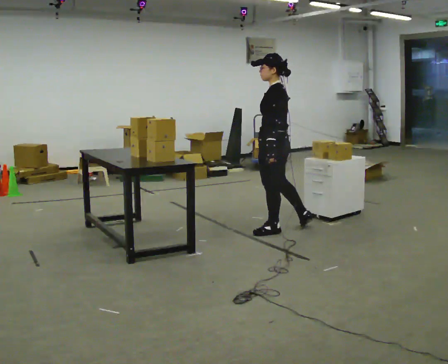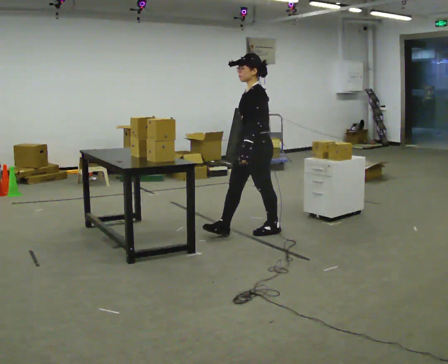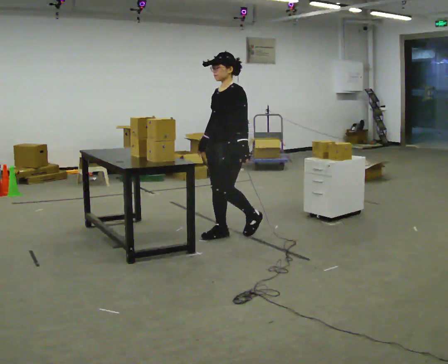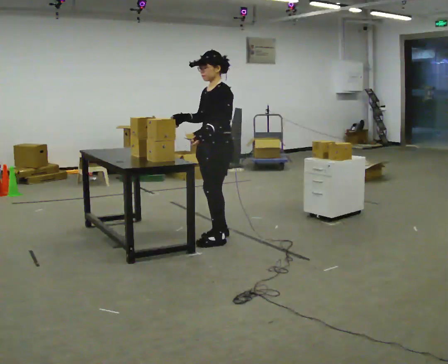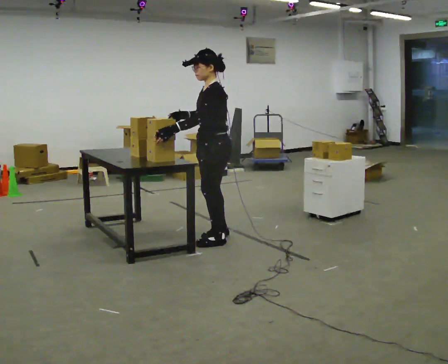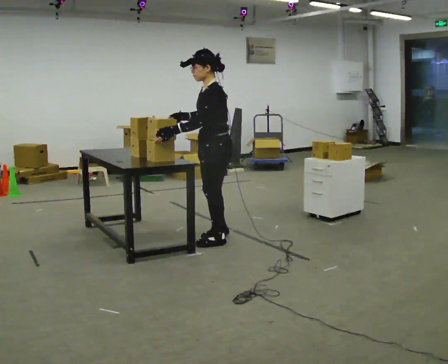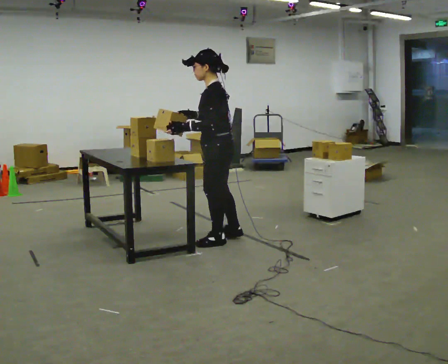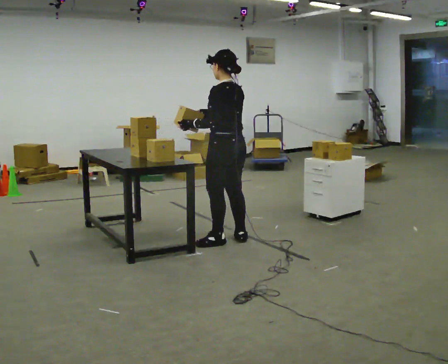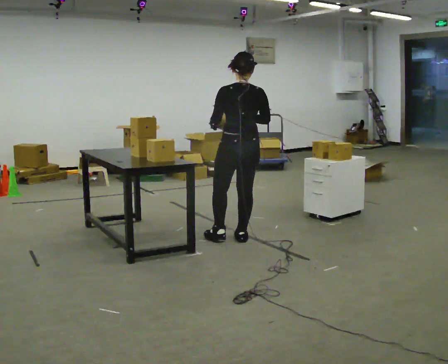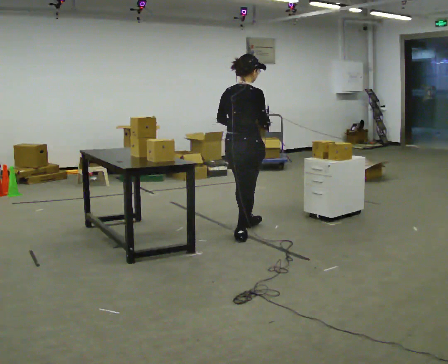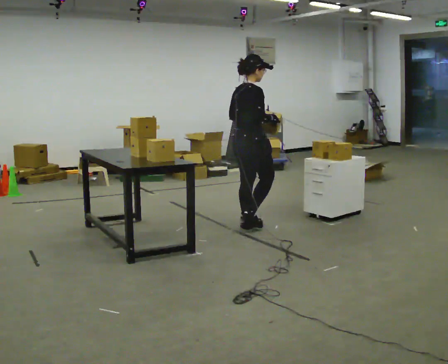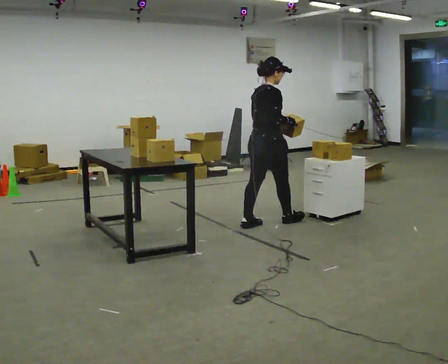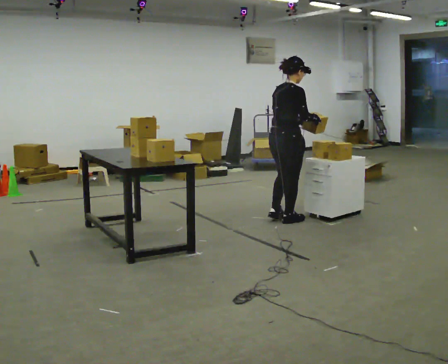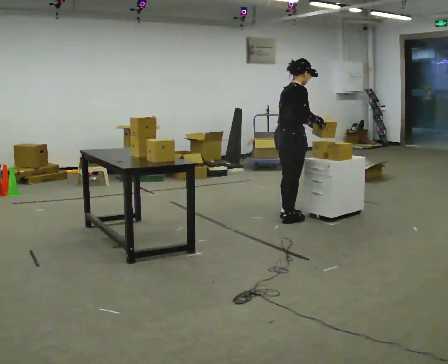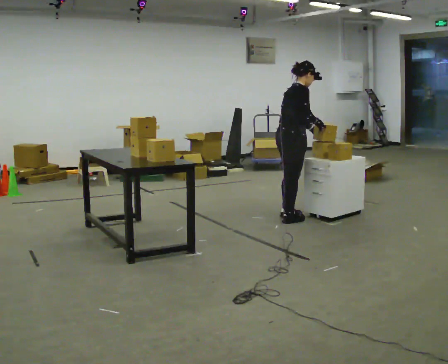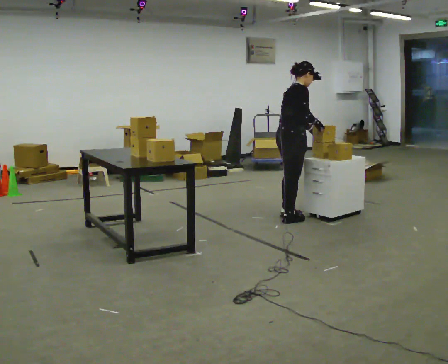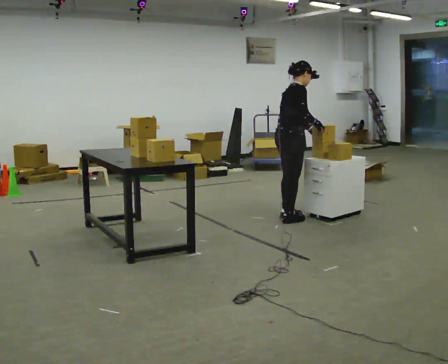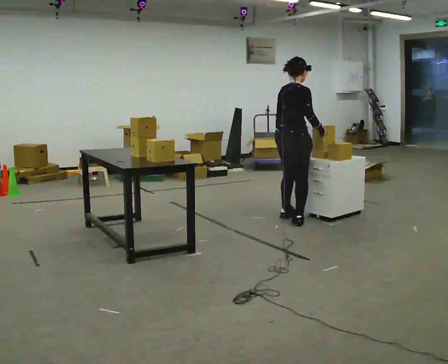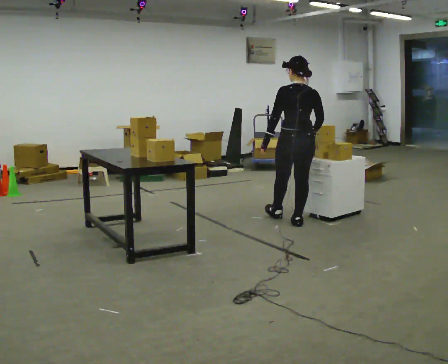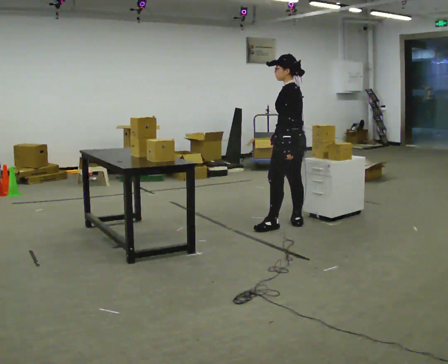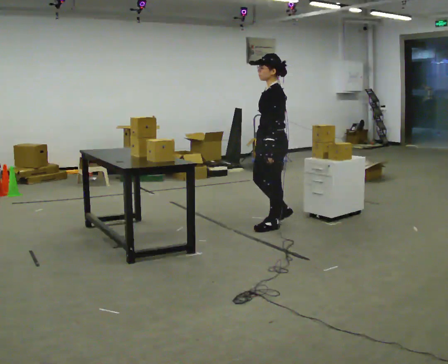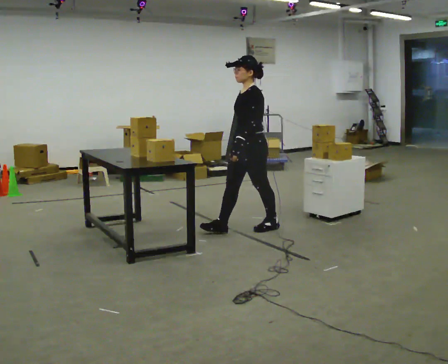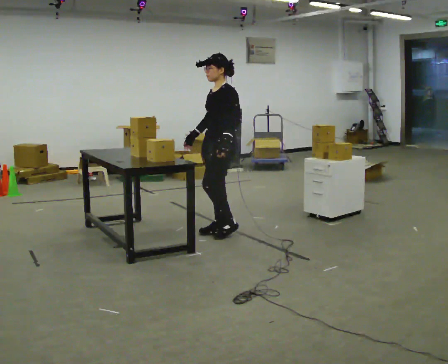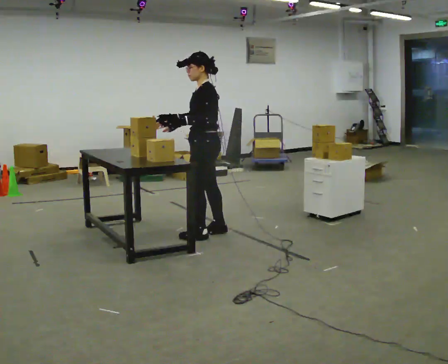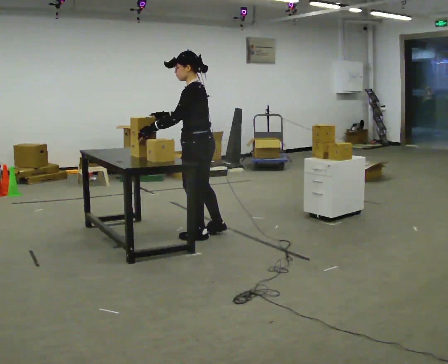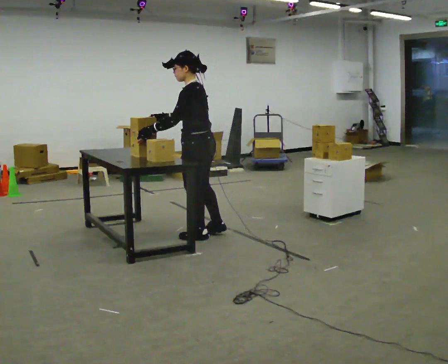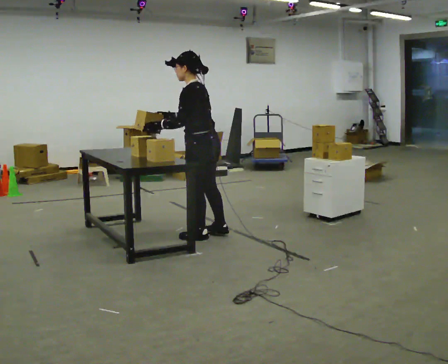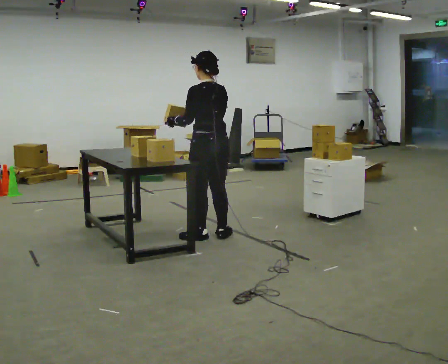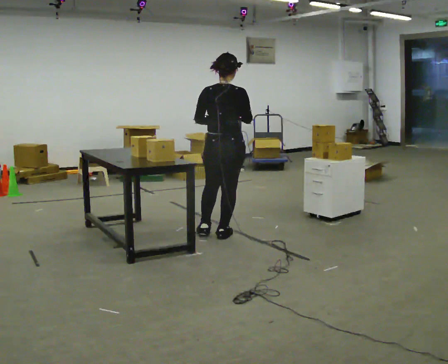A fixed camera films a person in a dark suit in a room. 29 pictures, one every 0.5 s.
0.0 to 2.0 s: Seen from above the body turns counterclockwise, about 30 degrees: to their left, with its near side sliding to the right. In the picture they go to the left and toward the camera, about 0.5 m in 2 steps, which for them is forward.
2.0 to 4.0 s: The person turns about 90 degrees to their right, clockwise seen from above, so the part of the body nearest the lens slides to the left. In the picture they go to the right, about 0.25 m in 1 step.
4.0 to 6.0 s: Seen from above the body turns clockwise, about 60 degrees: to their right, with its near side sliding to the left. In the picture they go away from the camera and to the right, about 0.75 m in 2 steps.
6.0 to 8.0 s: In the picture they go away from the camera, about 0.25 m in 1 step, which for them is to their left.
8.0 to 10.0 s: Seen from above the body turns counterclockwise, about 180 degrees: to their left, with its near side sliding to the right. In the picture they go toward the camera, about 0.5 m in 2 steps.
10.0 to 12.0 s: In the picture they go to the left and toward the camera, about 0.75 m in 2 steps, which for them is forward.
12.0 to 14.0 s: The part of the body nearest the lens slides to the left as the person turns to their right by about 90 degrees. In the picture they go to the right, about 0.25 m in 1 step. In the picture their right hand goes to the right.
The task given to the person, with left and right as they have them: 1. Move all 12 boxes from the shelf at one end of the room to the shelf at the other end. 2. The cart is not available today, so carry them. 3. Tell the operator when you are finished.
The film runs forward here.
